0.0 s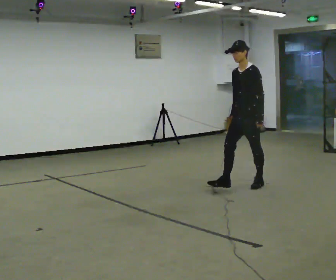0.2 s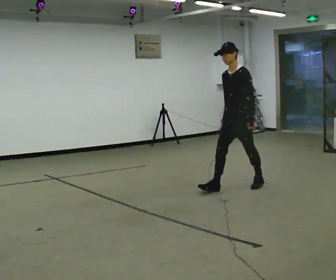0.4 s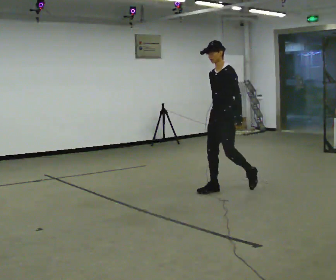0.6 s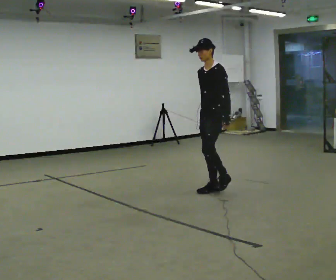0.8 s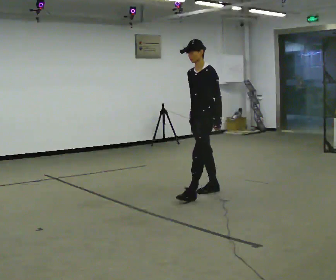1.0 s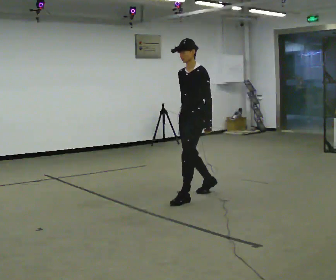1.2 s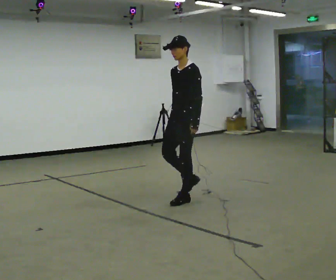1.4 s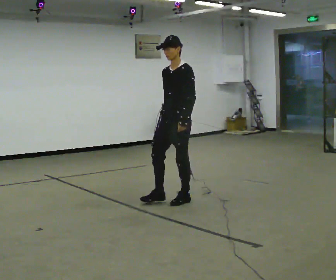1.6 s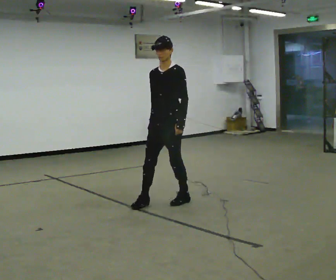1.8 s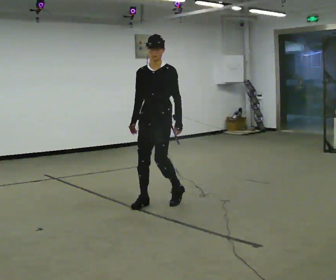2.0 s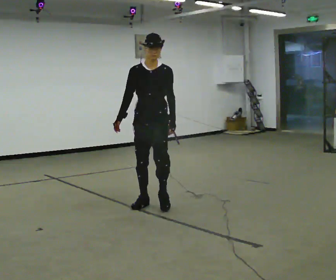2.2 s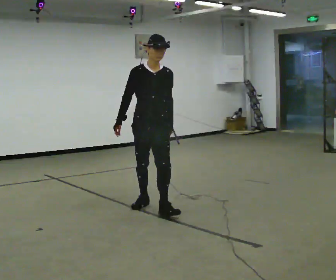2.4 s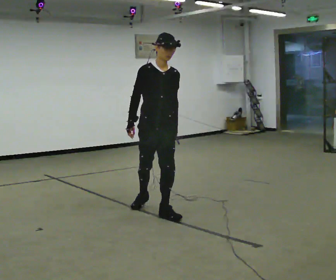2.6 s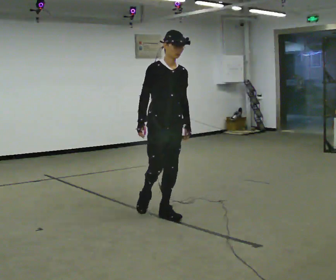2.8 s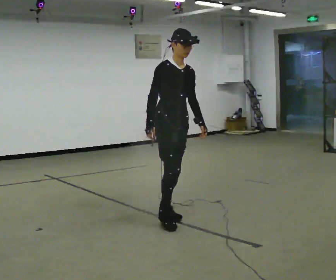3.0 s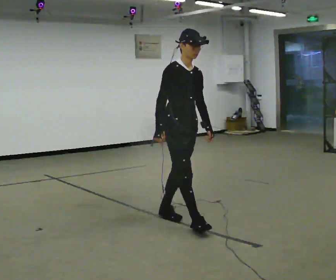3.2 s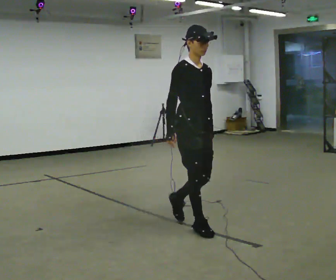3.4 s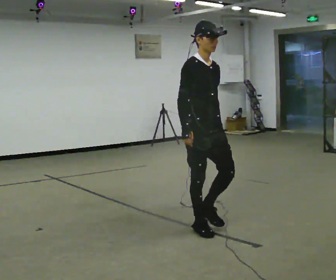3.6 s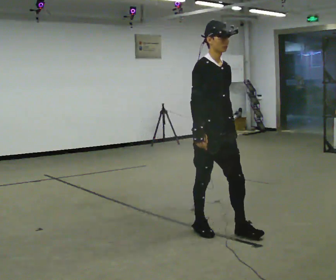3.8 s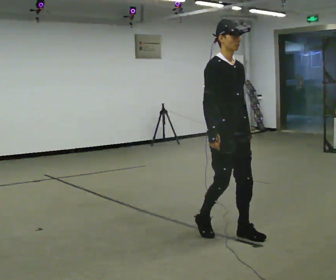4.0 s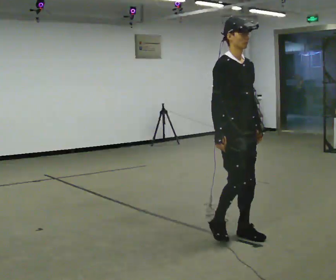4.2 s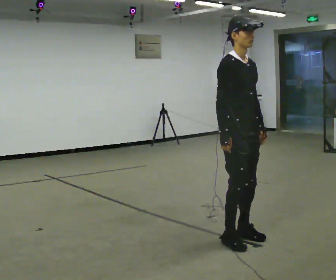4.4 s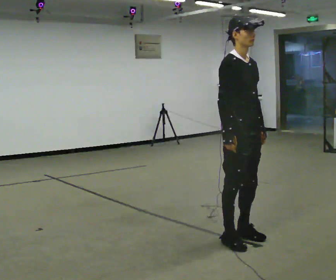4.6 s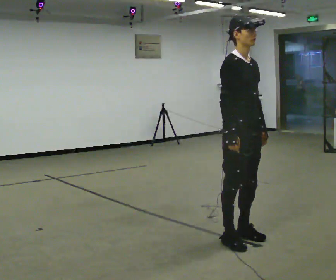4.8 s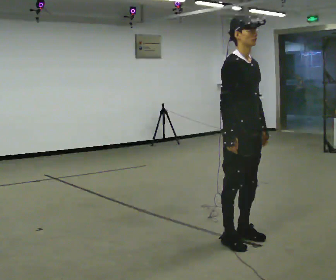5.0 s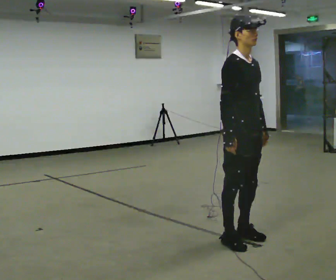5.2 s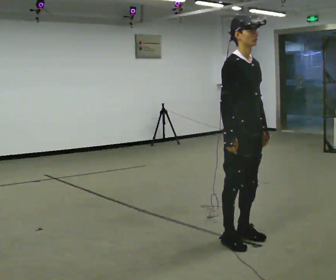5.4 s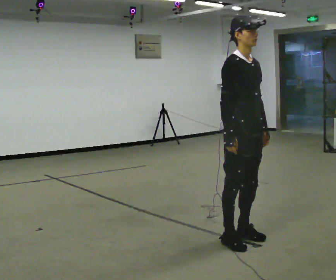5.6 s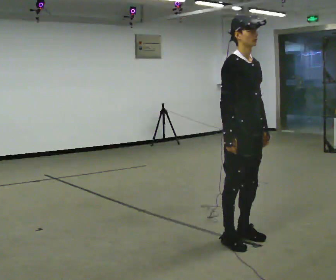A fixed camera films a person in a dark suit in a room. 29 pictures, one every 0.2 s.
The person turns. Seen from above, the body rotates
counterclockwise.
The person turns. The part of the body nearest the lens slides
to the right.
0.0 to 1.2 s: In the picture they go to the left and toward the camera, about 1 m in 2 steps, which for them is forward.
1.2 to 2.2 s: The person turns about 60 degrees to their left, counterclockwise seen from above, so the part of the body nearest the lens slides to the right. In the picture they go to the left and toward the camera, about 0.5 m in 1 step.
2.2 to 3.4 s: Seen from above the body turns counterclockwise, about 30 degrees: to their left, with its near side sliding to the right. In the picture they go toward the camera and to the right, about 1 m in 2 steps, which for them is forward.
3.4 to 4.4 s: In the picture they go toward the camera and to the right, about 0.5 m in 2 steps, which for them is forward.
4.4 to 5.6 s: The person moves a little, or ends about where they began.
The film runs forward here.
